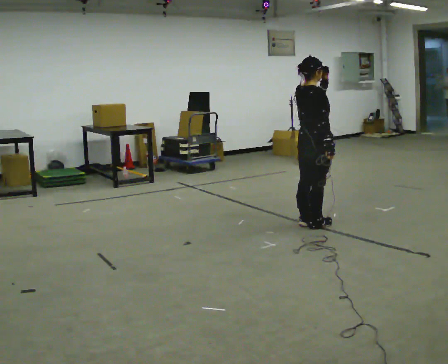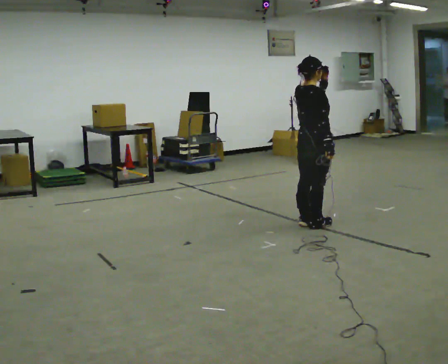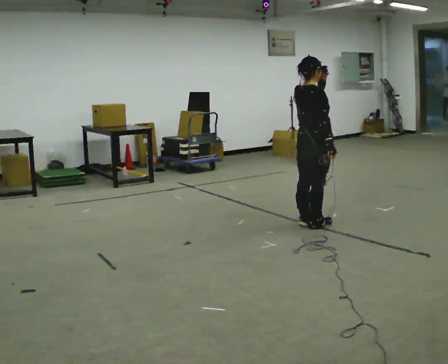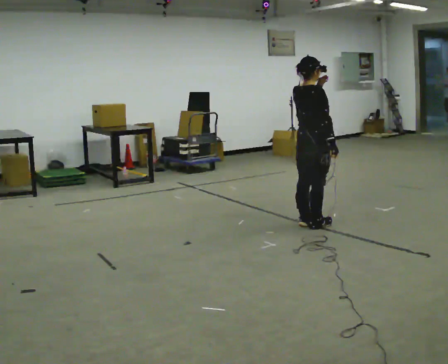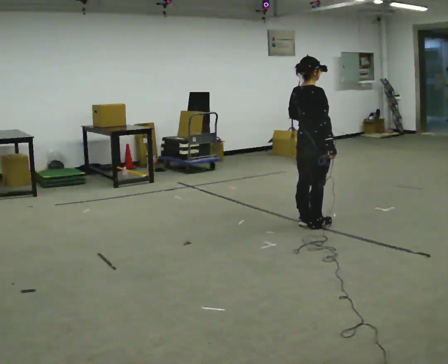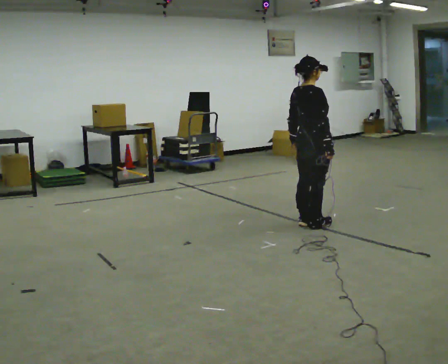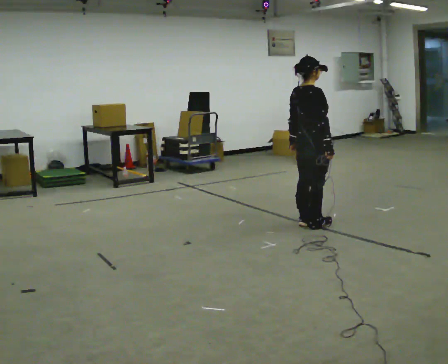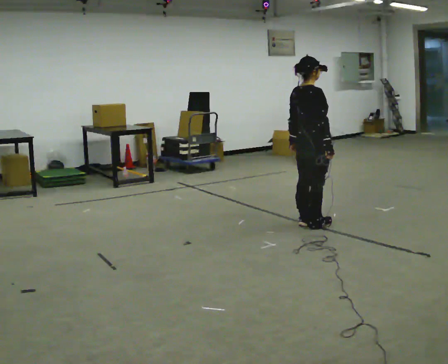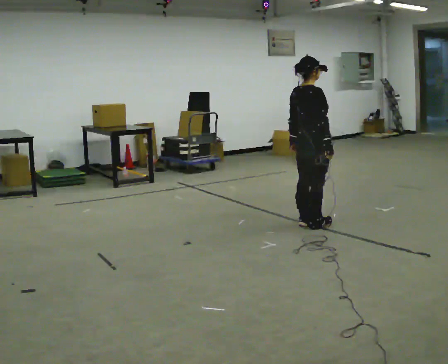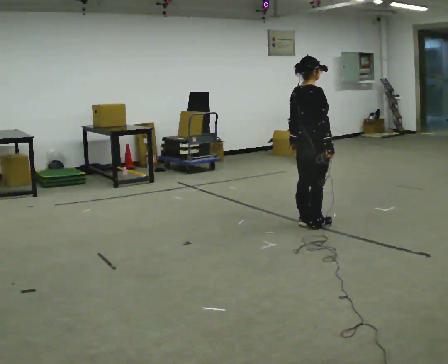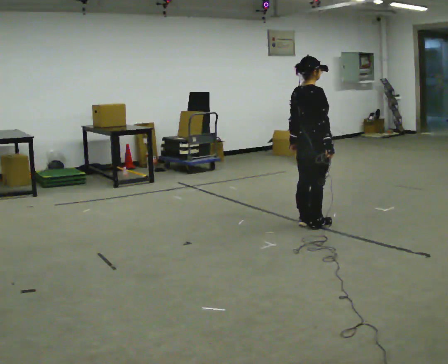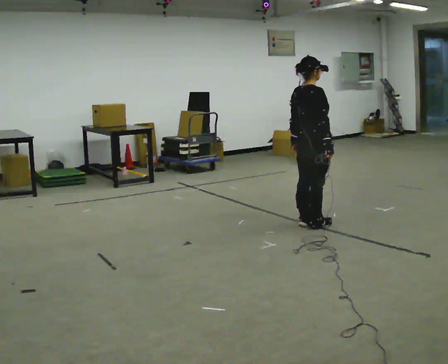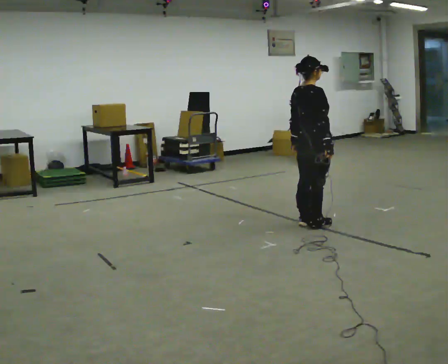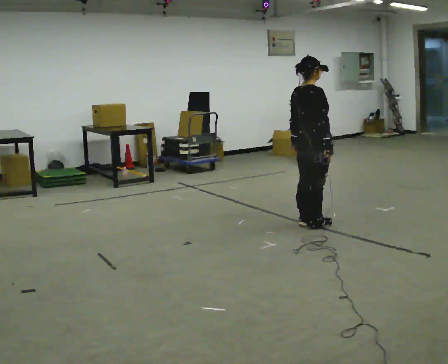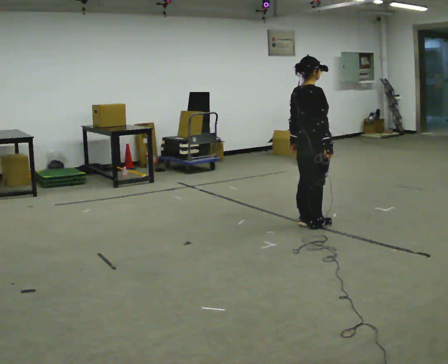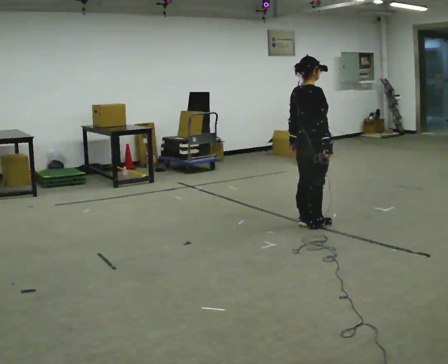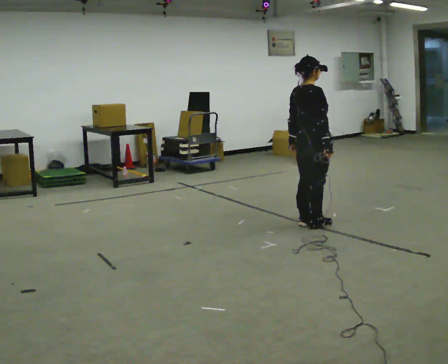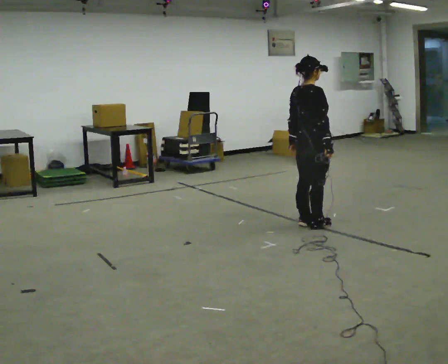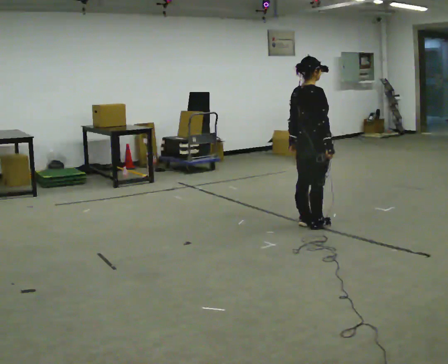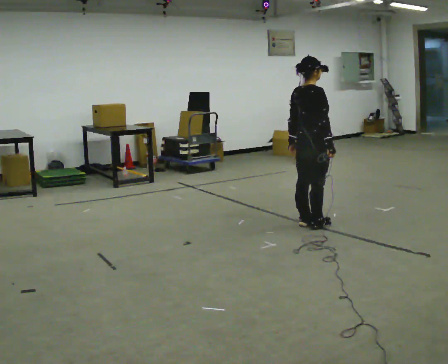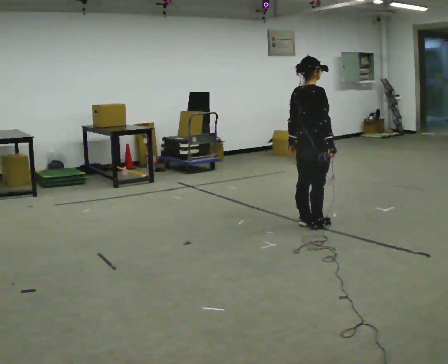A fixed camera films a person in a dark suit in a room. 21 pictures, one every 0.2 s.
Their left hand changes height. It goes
downward.
0.0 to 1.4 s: In the picture their left hand goes downward.
1.4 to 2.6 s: The person keeps their place and pose.
2.6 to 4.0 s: The person moves a little, or ends about where they began.
The film runs backward here.
